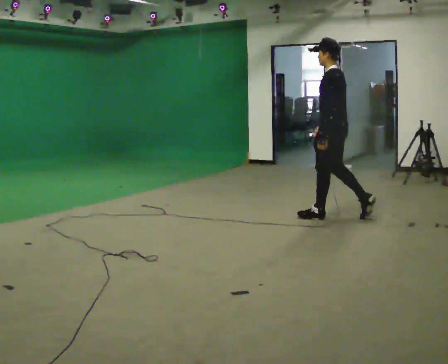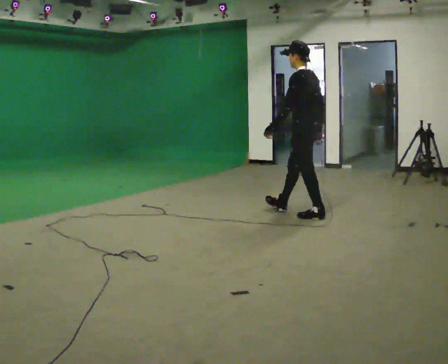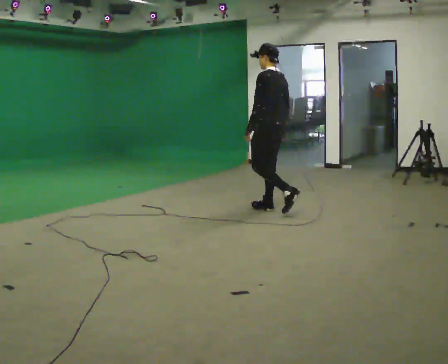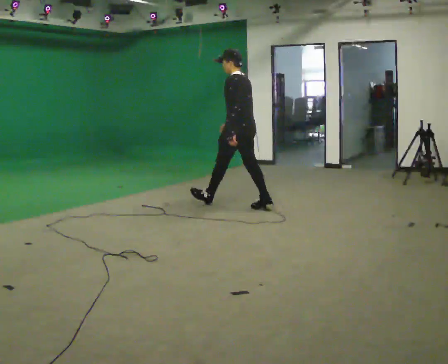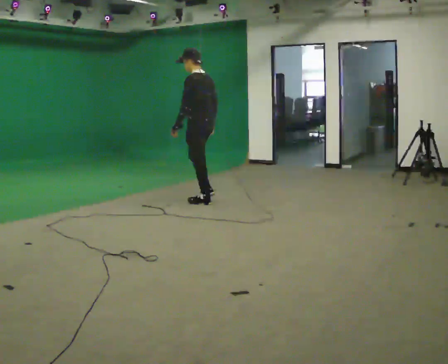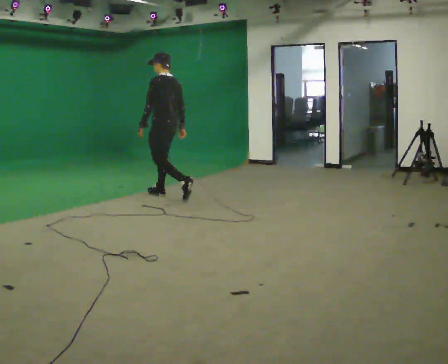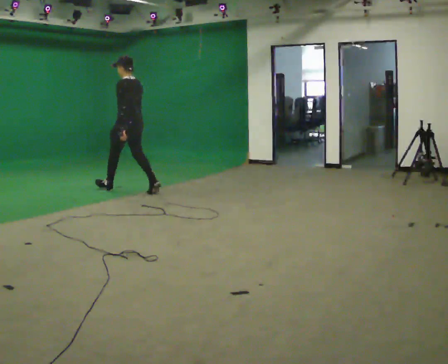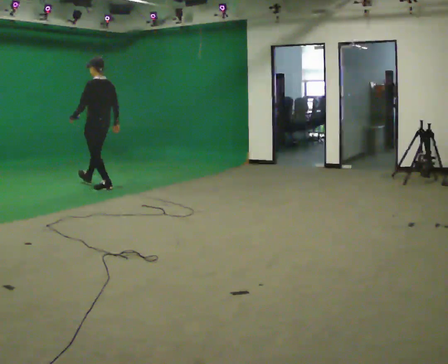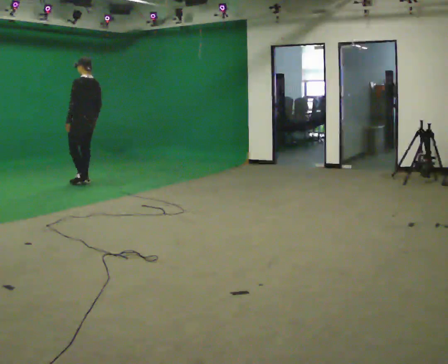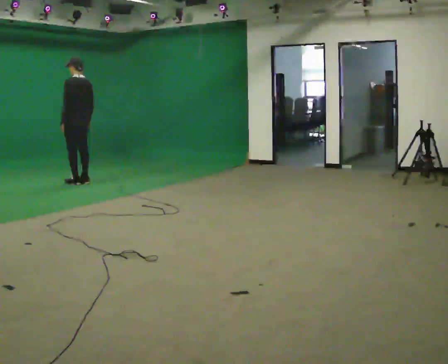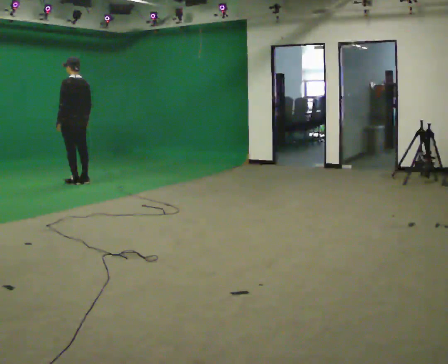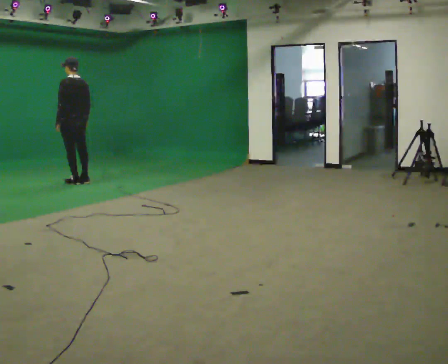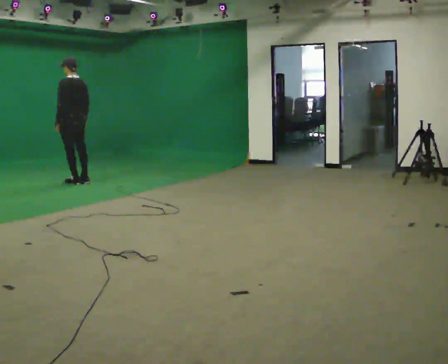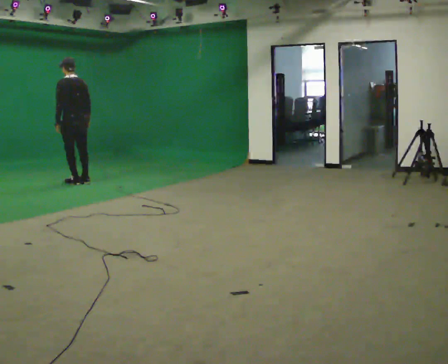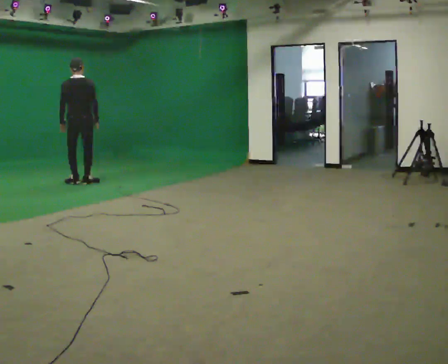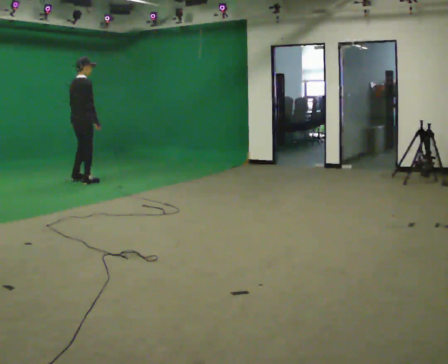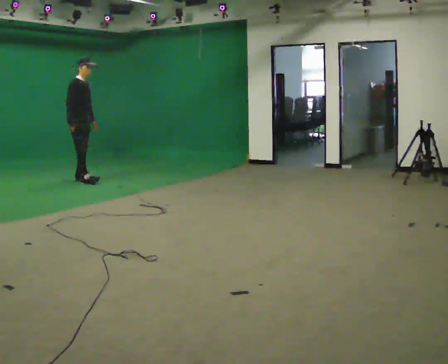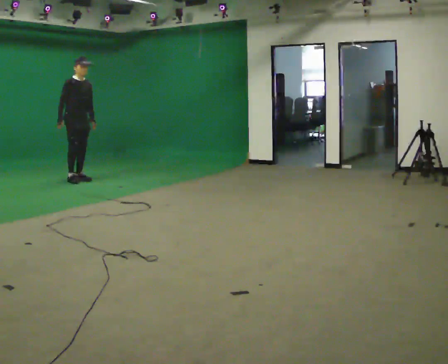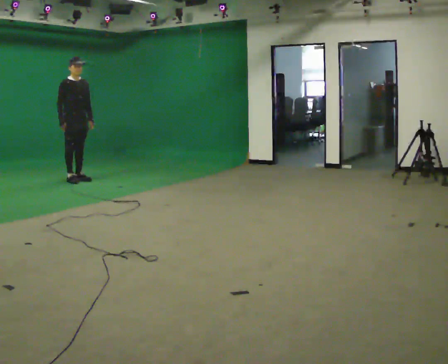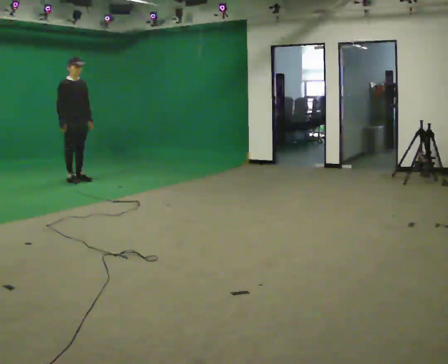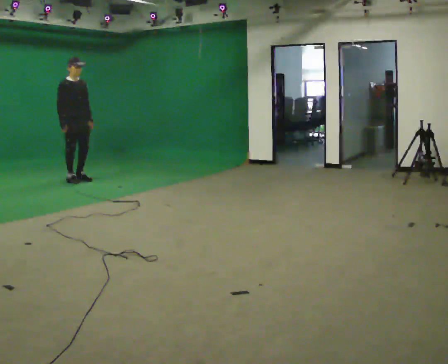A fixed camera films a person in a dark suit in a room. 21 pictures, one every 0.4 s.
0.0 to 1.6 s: In the picture they go away from the camera and to the left, about 1.5 m in 2 steps, which for them is forward.
1.6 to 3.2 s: In the picture they go away from the camera and to the left, about 2 m in 3 steps, which for them is forward.
3.2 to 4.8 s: The person moves a little, or ends about where they began.
4.8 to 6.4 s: Seen from above the body turns clockwise, about 165 degrees: to their right, with its near side sliding to the left. In the picture they go away from the camera, about 0.25 m in 1 step.
6.4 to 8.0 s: The person moves a little, or ends about where they began.
The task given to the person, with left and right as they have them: Start still; gradually go slow → normal → fast; briefly maintain fast speed; stop.
The film runs forward here.
